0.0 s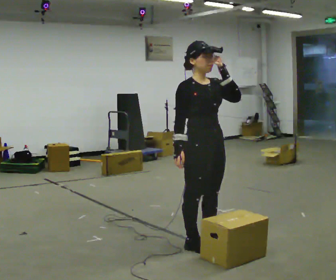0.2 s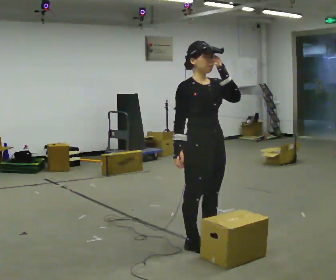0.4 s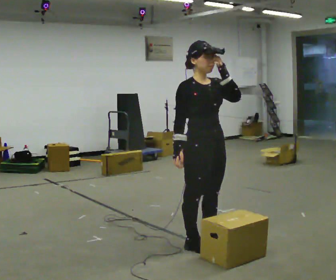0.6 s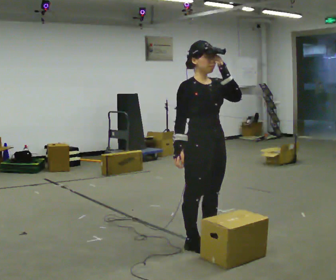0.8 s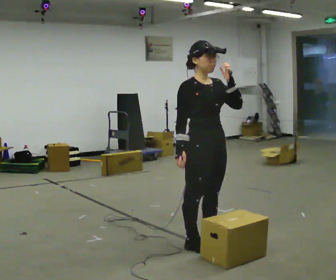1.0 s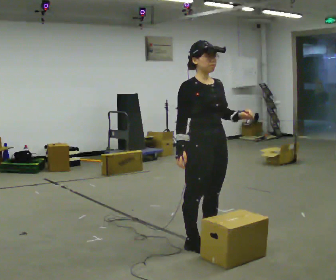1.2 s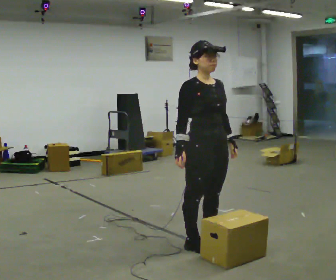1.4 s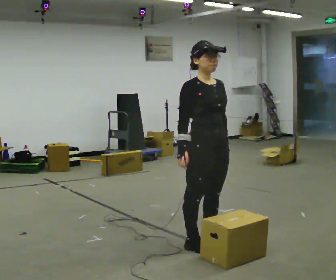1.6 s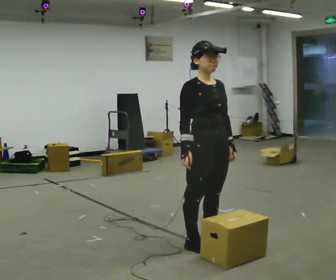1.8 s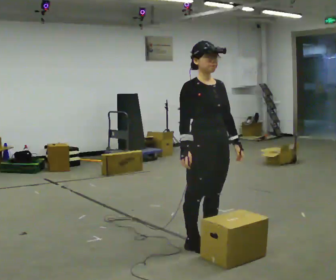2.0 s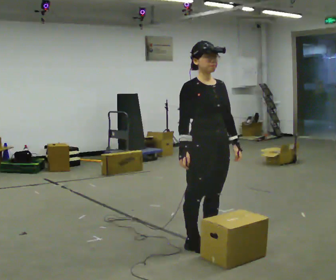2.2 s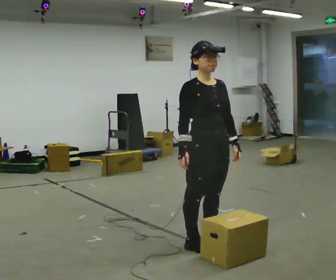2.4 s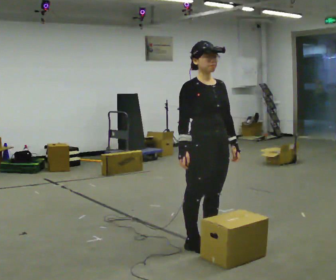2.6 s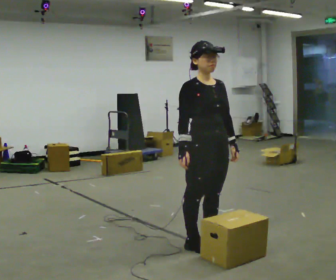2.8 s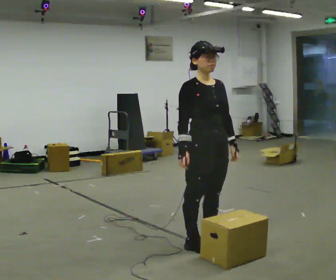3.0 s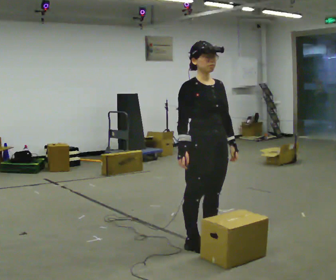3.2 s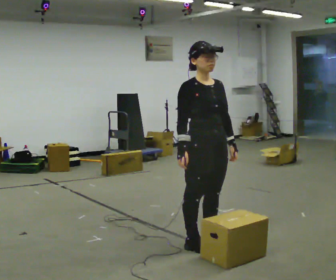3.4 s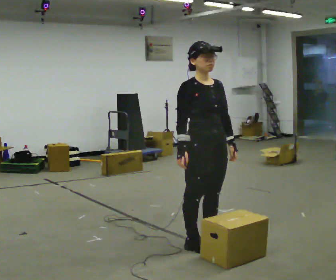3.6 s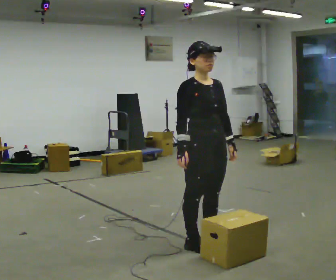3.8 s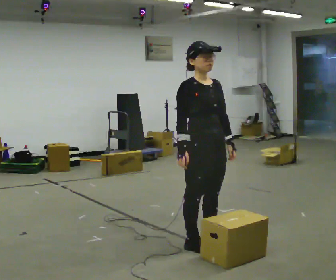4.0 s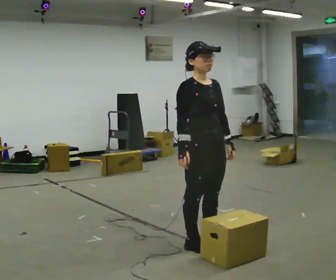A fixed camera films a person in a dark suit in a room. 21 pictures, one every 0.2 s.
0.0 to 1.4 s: In the picture their left hand goes downward.
1.4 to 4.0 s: The person moves a little, or ends about where they began.
The film runs forward here.
